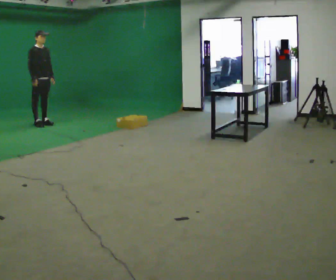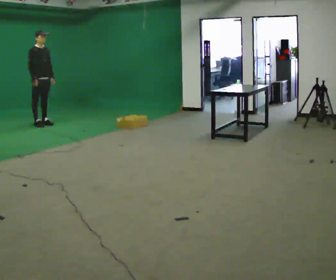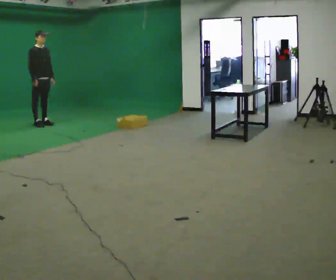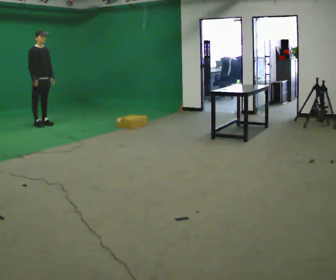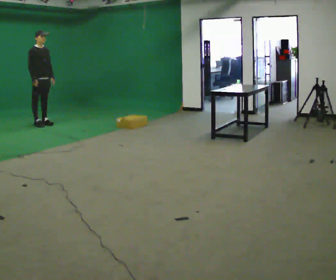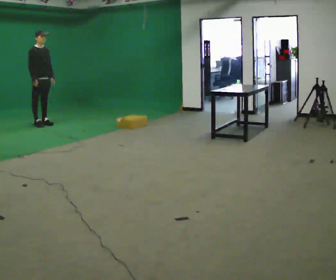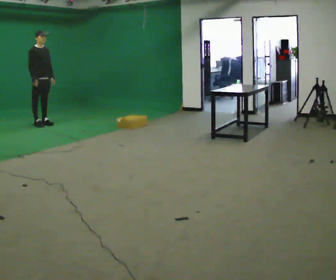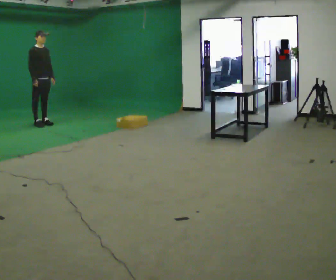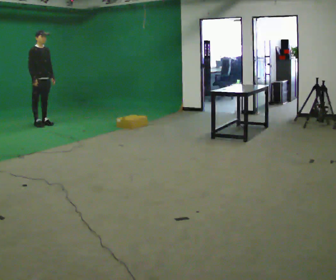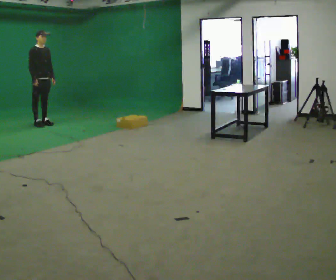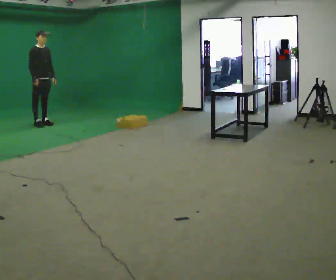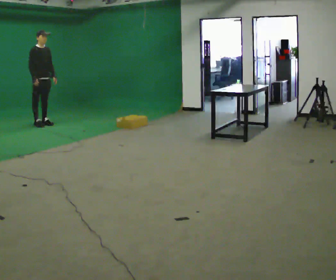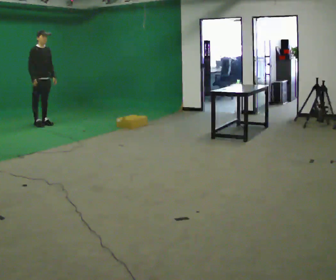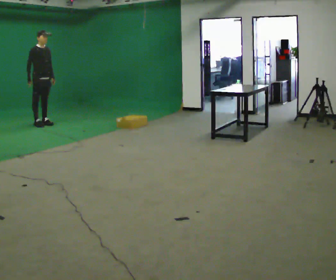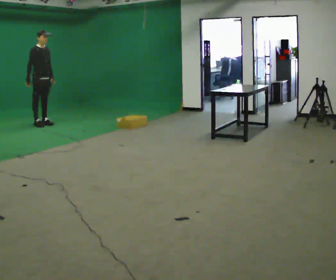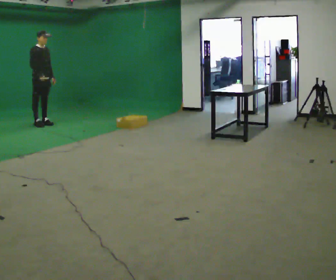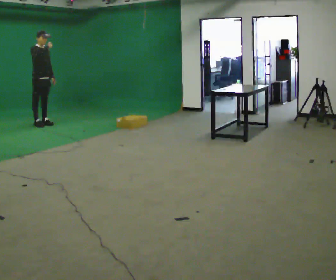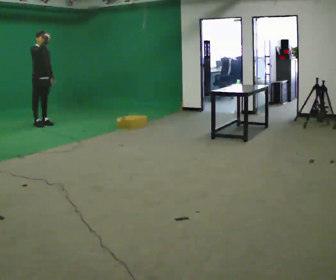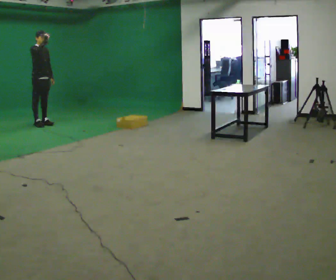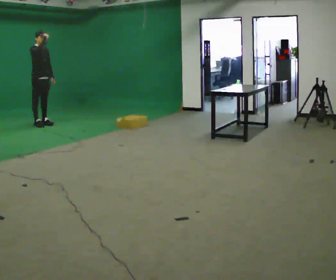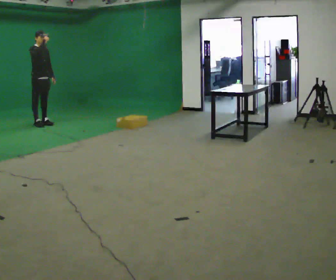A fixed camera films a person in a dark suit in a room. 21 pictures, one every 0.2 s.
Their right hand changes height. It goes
upward.
0.0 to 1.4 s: The person keeps their place and pose.
1.4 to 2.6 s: The person moves a little, or ends about where they began.
2.6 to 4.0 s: In the picture their right hand goes upward.
The film runs backward here.
